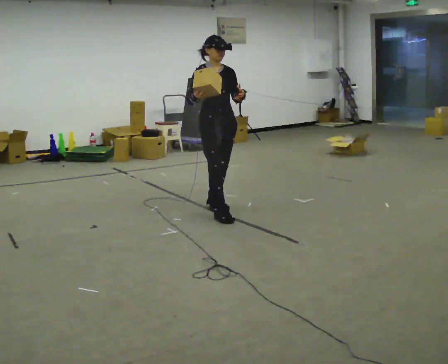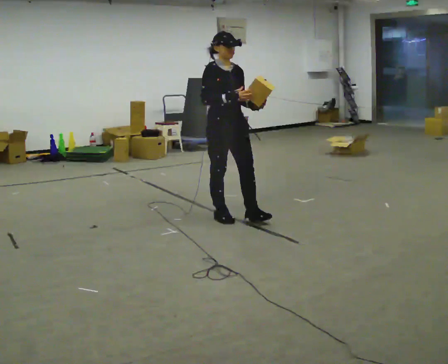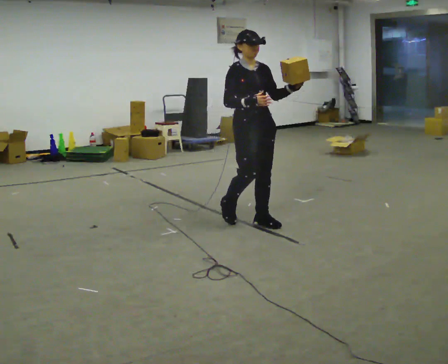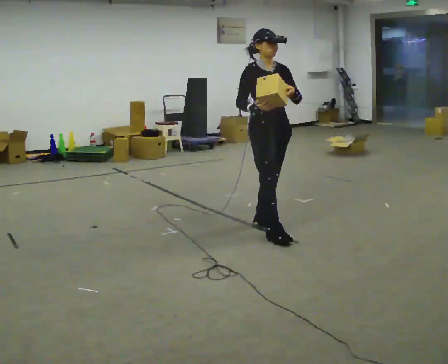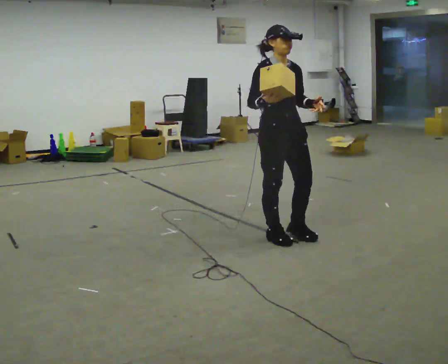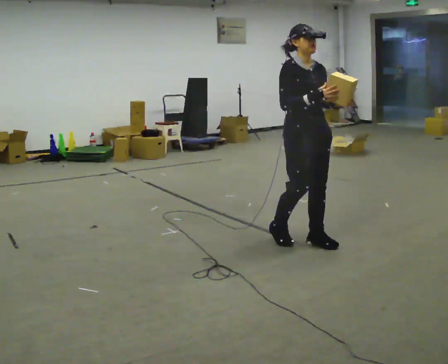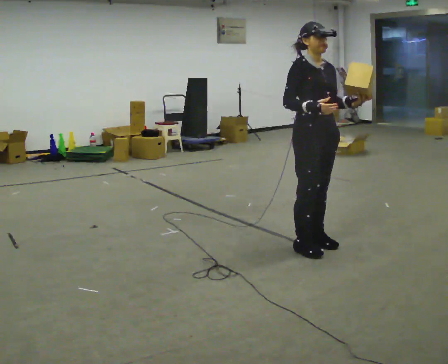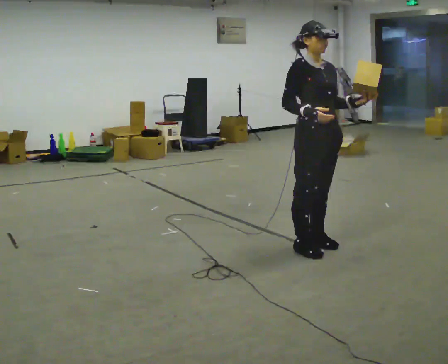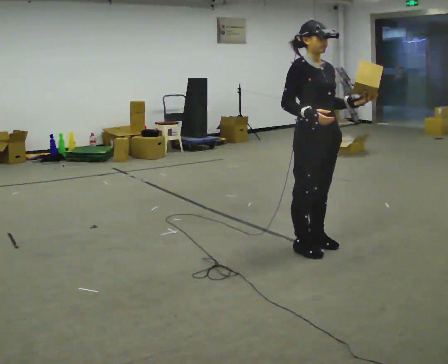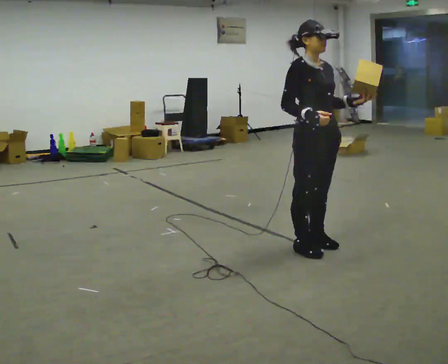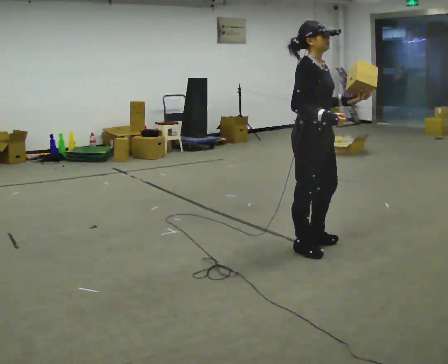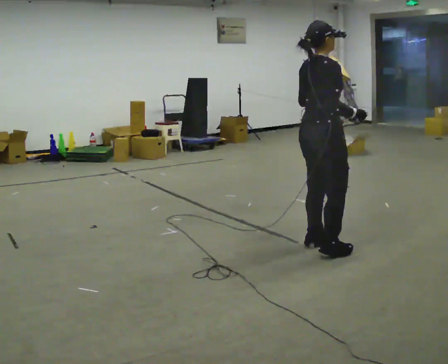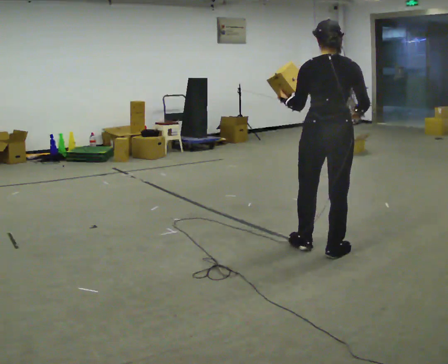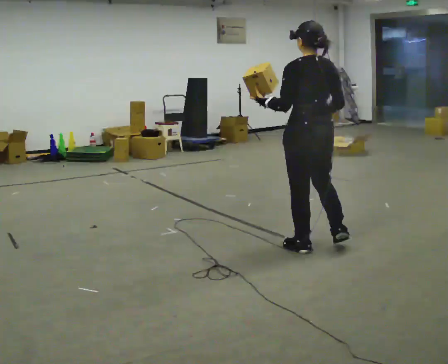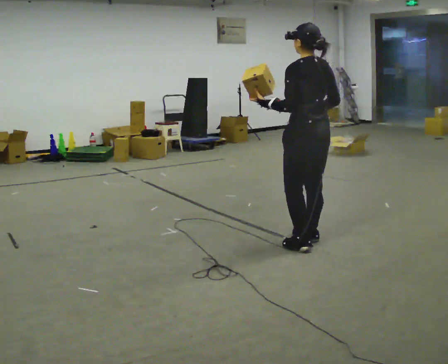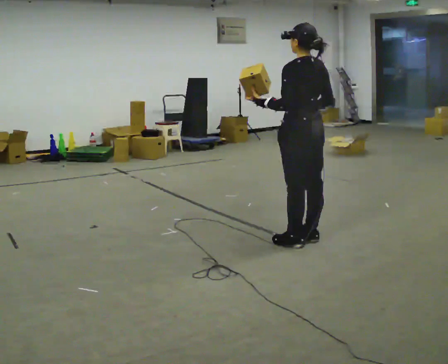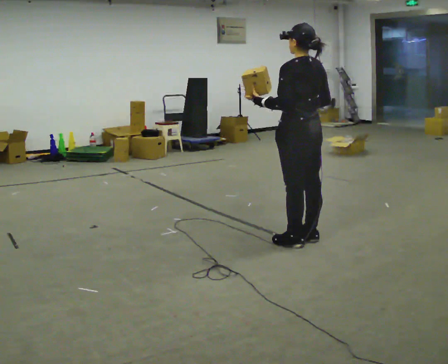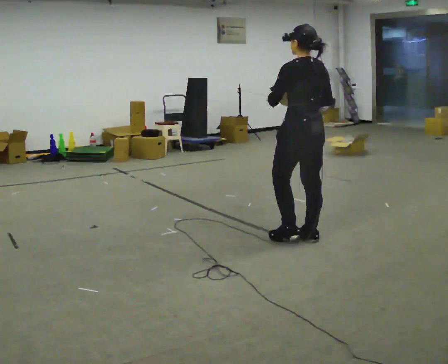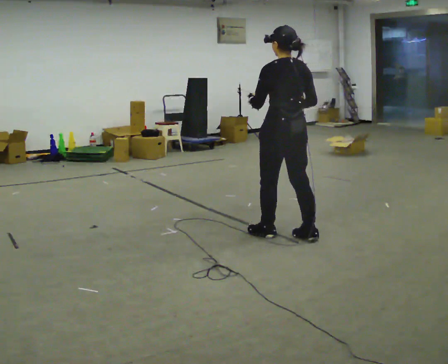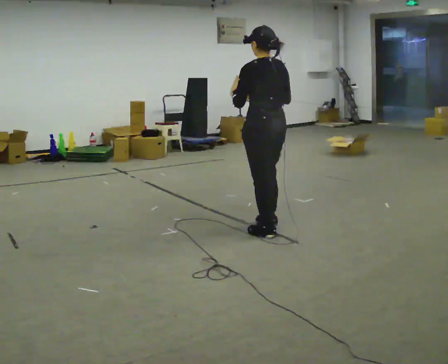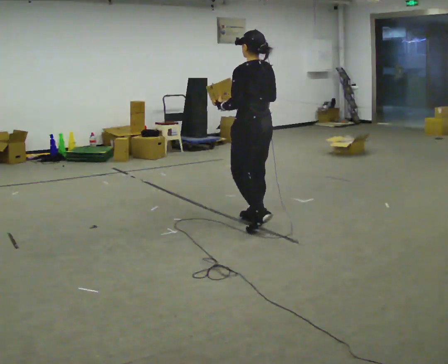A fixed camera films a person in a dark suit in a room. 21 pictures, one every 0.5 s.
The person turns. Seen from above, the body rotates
counterclockwise.
The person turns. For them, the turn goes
to their left.
0.0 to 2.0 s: In the picture they go to the right and toward the camera, about 1 m in 2 steps, which for them is forward.
2.0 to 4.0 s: In the picture they go to the right, about 0.25 m in 2 steps, which for them is forward.
4.0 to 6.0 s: Seen from above the body turns counterclockwise, about 135 degrees: to their left, with its near side sliding to the right. In the picture their left hand goes to the left.
6.0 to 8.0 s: The part of the body nearest the lens slides to the right as the person turns to their left by about 45 degrees. In the picture they go to the left and away from the camera, about 0.25 m in 1 step, which for them is forward.
8.0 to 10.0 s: In the picture they go to the left and away from the camera, about 0.5 m in 2 steps, which for them is forward.
The film runs forward here.
